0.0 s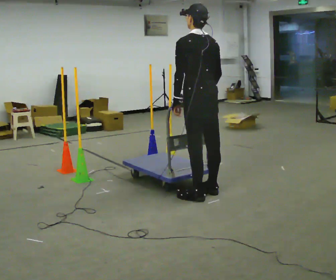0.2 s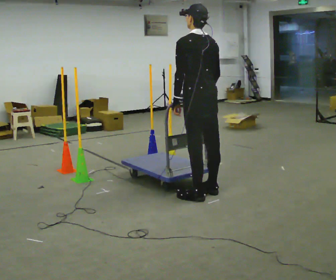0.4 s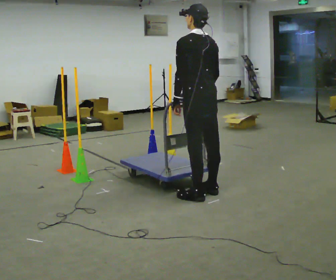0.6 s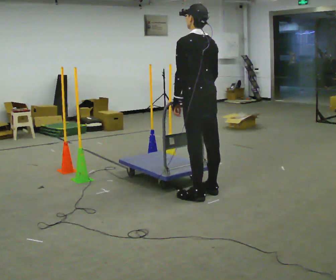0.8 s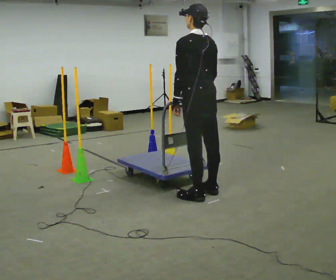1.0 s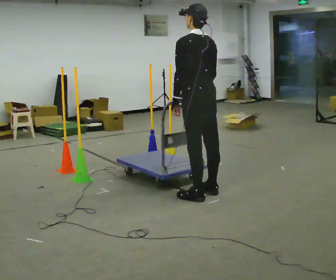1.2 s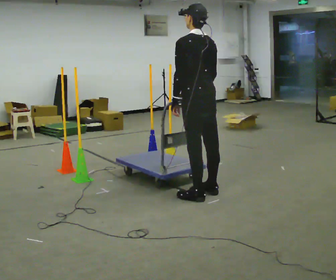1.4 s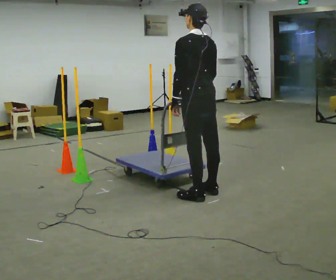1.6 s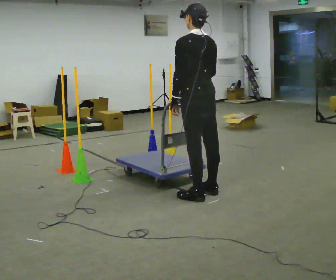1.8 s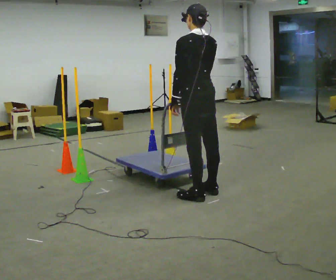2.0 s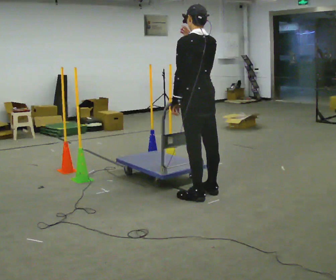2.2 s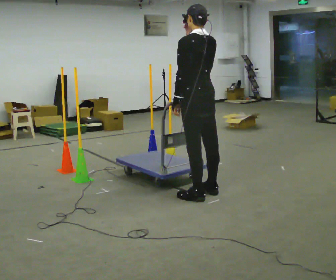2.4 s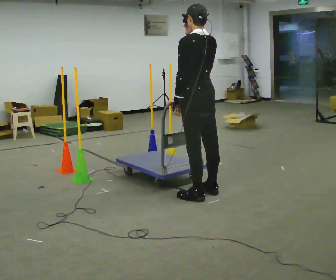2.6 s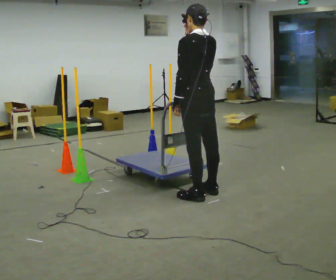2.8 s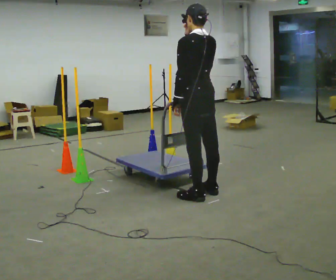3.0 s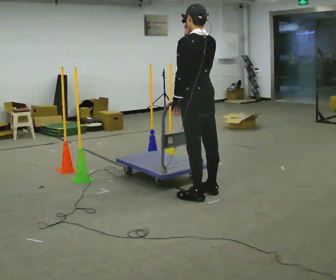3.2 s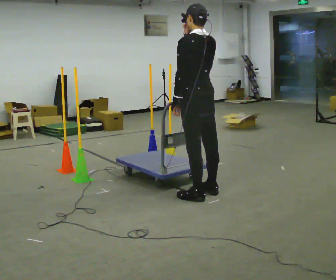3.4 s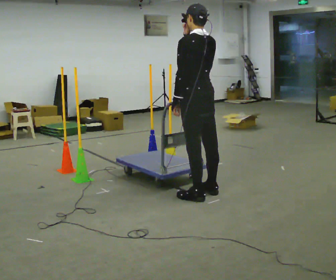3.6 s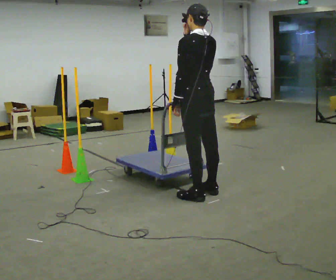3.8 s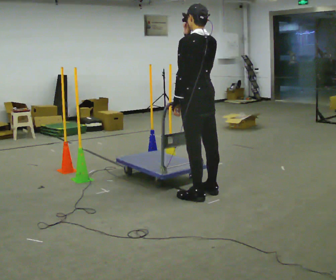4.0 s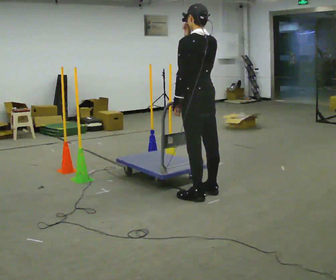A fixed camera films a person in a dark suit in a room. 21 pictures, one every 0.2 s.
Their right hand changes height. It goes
upward.
0.0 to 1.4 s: The person moves a little, or ends about where they began.
1.4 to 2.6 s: In the picture their right hand goes upward.
2.6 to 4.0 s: The person moves a little, or ends about where they began.
The film runs forward here.
